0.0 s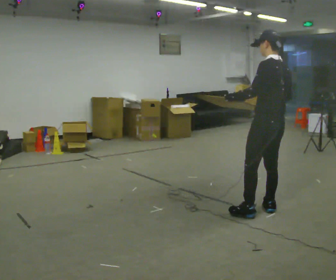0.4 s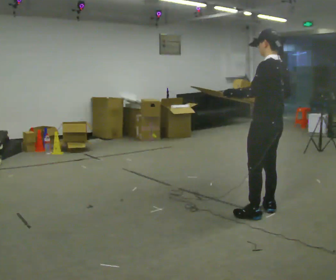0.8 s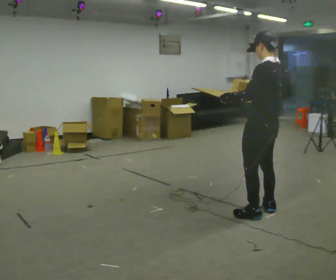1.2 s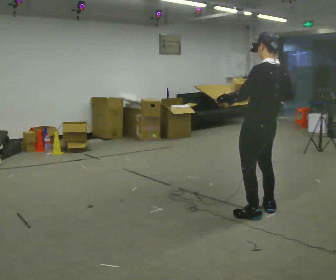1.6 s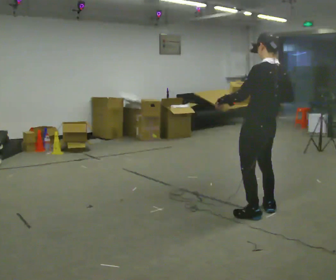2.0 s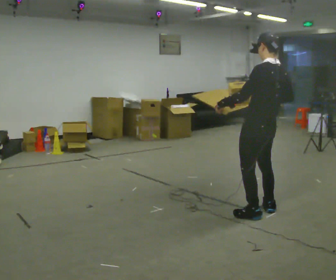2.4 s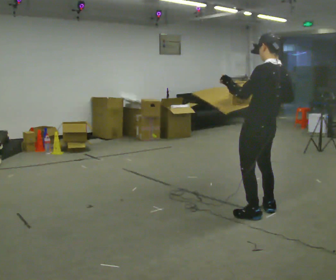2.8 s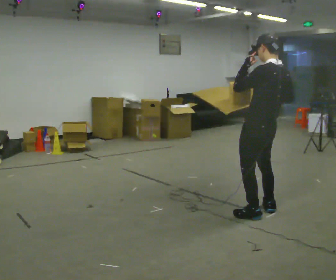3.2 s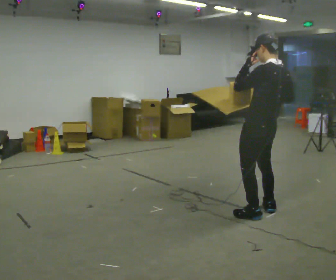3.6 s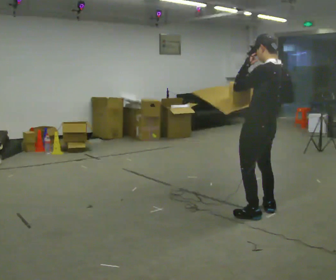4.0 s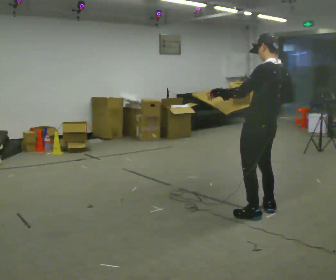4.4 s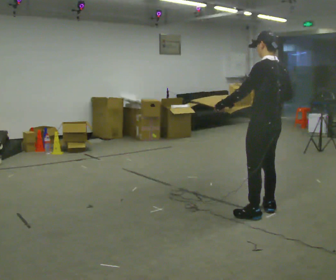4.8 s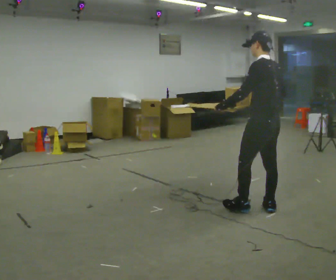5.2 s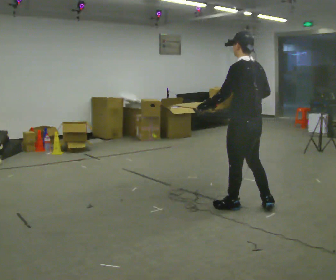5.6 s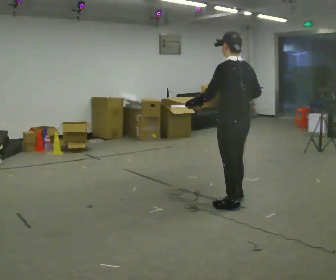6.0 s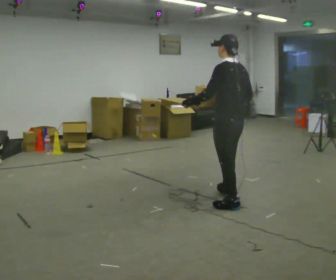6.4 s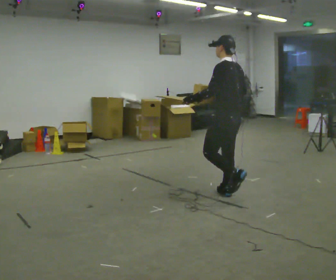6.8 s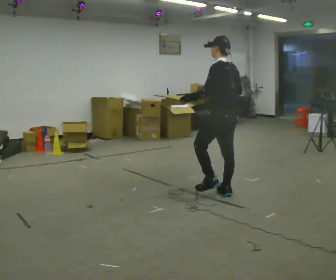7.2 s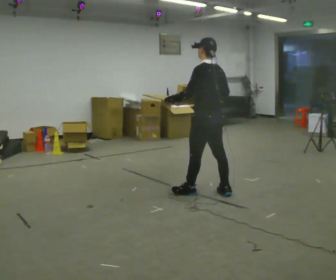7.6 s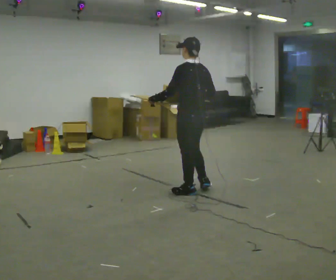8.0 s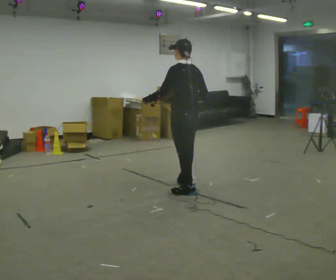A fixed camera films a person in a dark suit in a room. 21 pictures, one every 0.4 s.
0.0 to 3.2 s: The person moves a little, or ends about where they began.
3.2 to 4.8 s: In the picture their left hand goes downward.
4.8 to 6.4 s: In the picture they go away from the camera and to the left, about 0.5 m in 2 steps, which for them is forward.
6.4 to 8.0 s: In the picture they go to the left and away from the camera, about 0.5 m in 2 steps, which for them is forward.
The film runs forward here.
